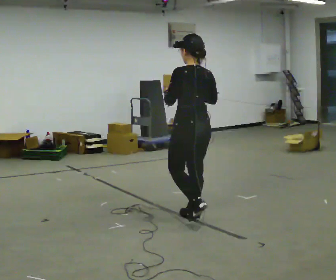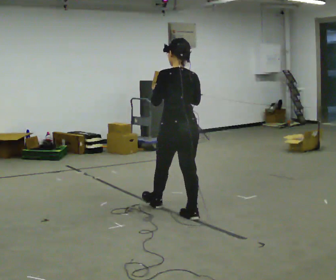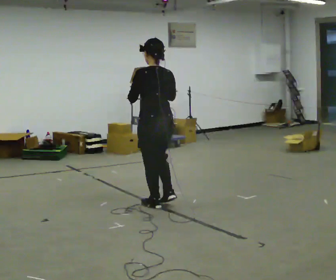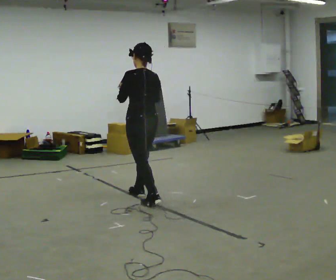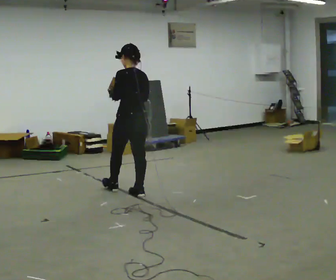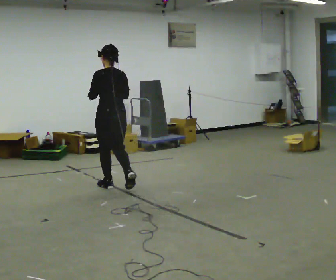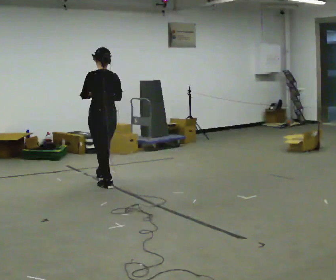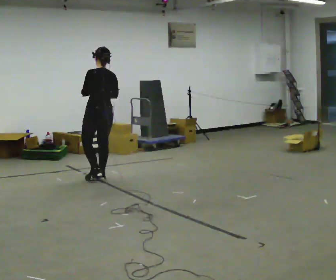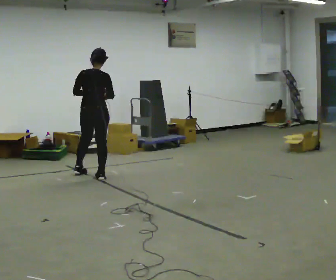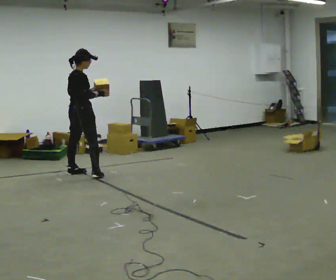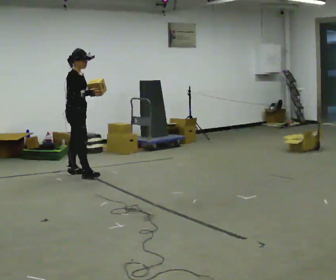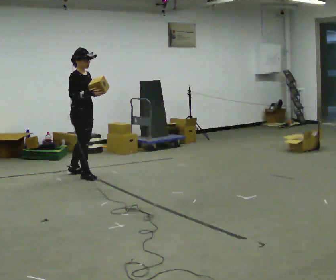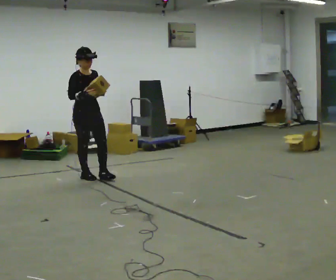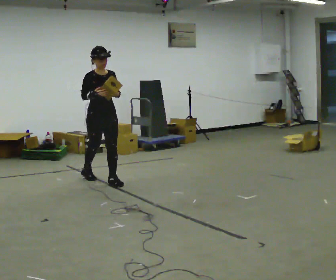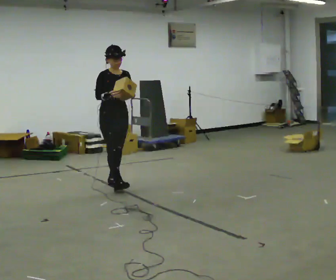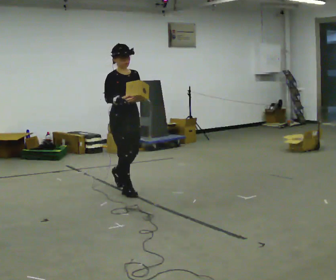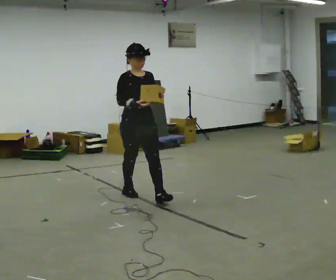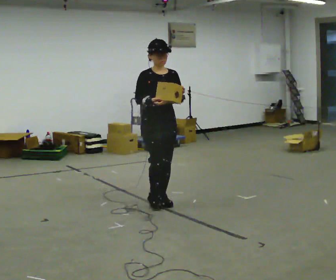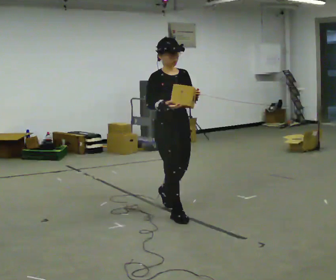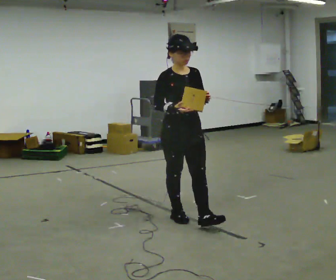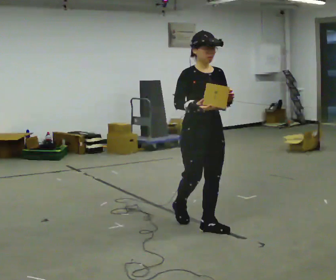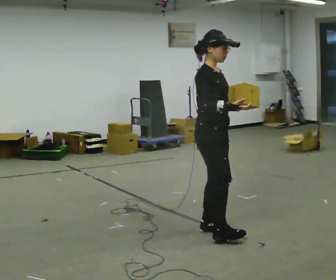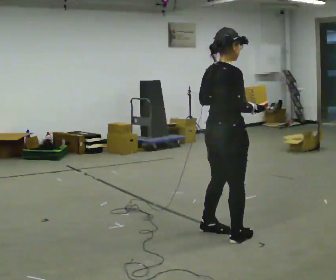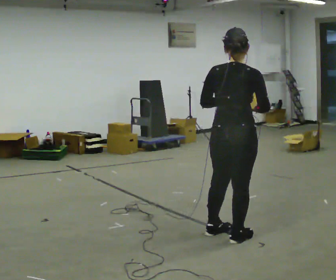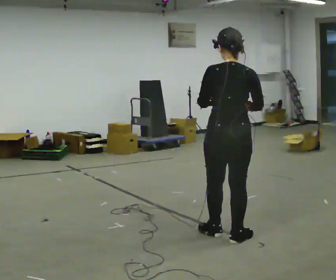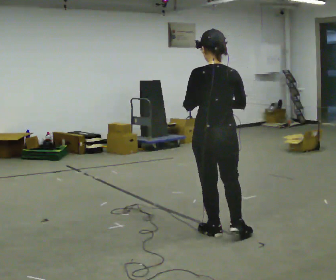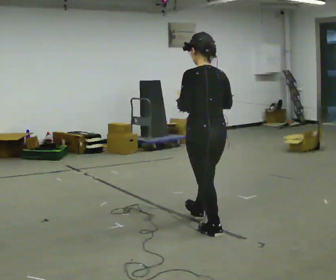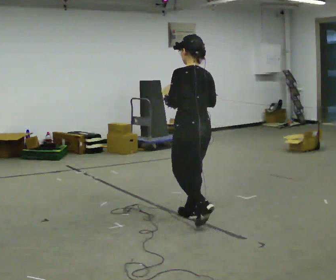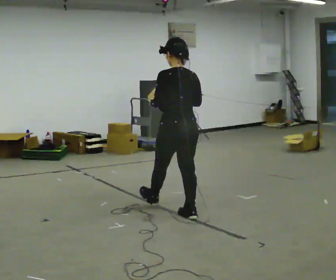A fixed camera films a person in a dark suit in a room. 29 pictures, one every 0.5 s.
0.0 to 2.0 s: In the picture they go away from the camera and to the left, about 1 m in 2 steps, which for them is forward.
2.0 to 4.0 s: Seen from above the body turns clockwise, about 45 degrees: to their right, with its near side sliding to the left. In the picture they go away from the camera and to the left, about 1 m in 2 steps, which for them is forward.
4.0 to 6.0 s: The part of the body nearest the lens slides to the left as the person turns to their right by about 120 degrees.
6.0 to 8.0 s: In the picture they go toward the camera and to the right, about 1 m in 3 steps, which for them is forward.
8.0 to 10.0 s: In the picture they go toward the camera and to the right, about 1 m in 2 steps, which for them is forward.
10.0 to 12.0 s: The person turns about 150 degrees to their left, counterclockwise seen from above, so the part of the body nearest the lens slides to the right. In the picture they go toward the camera and to the right, about 0.25 m in 1 step.
12.0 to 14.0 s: The person turns about 30 degrees to their left, counterclockwise seen from above, so the part of the body nearest the lens slides to the right. In the picture they go away from the camera and to the left, about 1 m in 1 step, which for them is forward.
The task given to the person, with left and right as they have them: Carry the object and, while walking, turn it over in your hands to look at all sides of it. Keep turning it as you walk.
The film runs forward here.
